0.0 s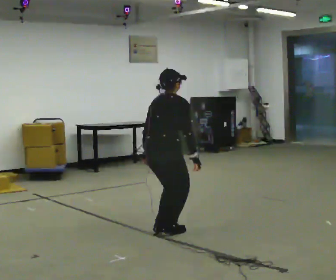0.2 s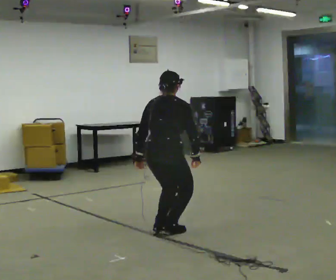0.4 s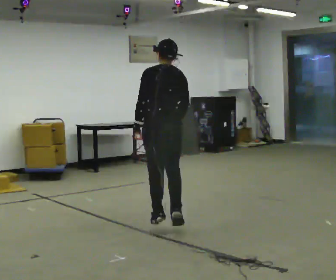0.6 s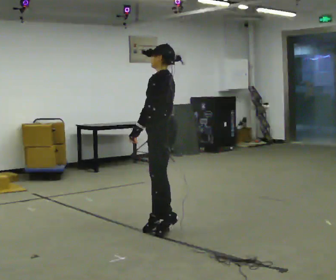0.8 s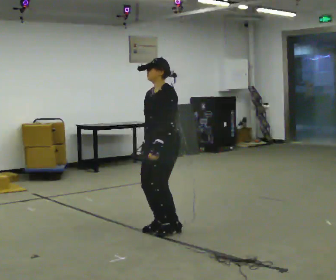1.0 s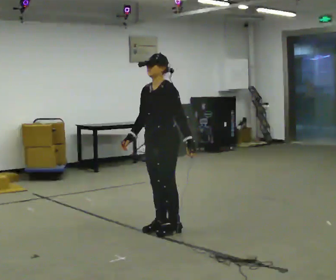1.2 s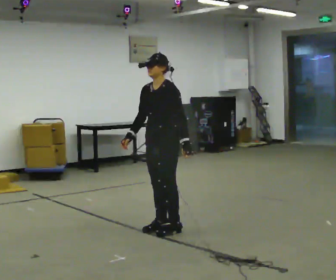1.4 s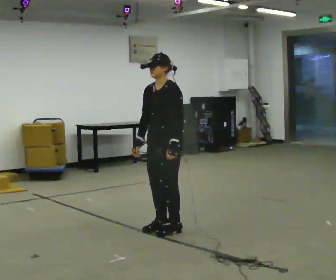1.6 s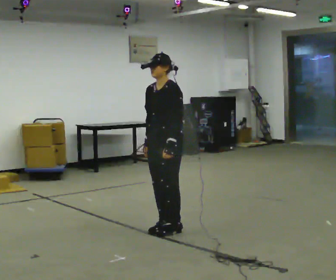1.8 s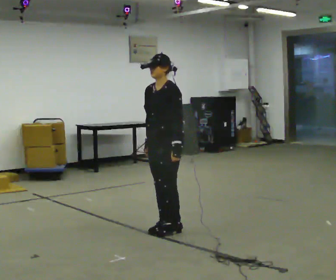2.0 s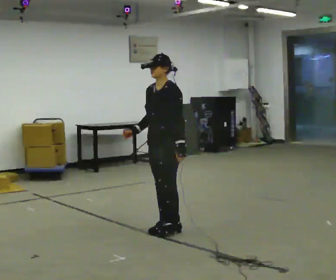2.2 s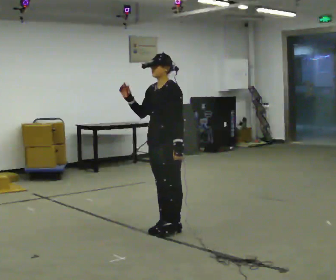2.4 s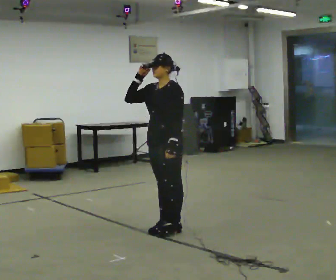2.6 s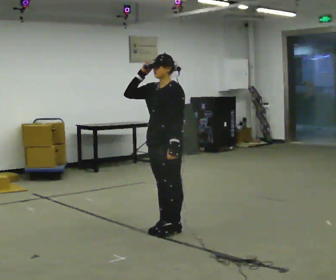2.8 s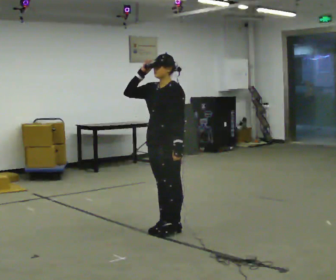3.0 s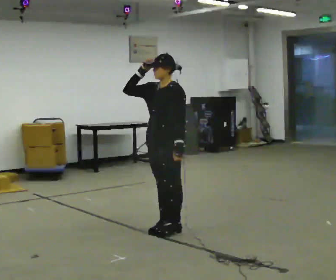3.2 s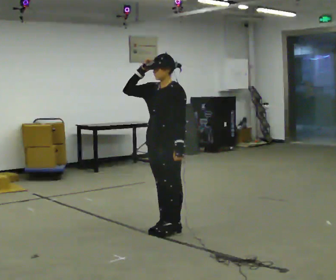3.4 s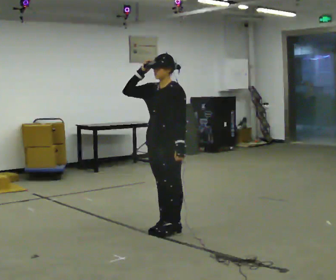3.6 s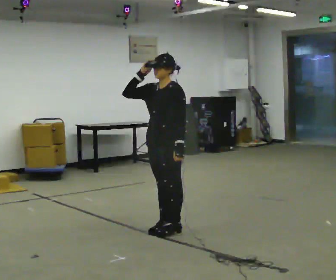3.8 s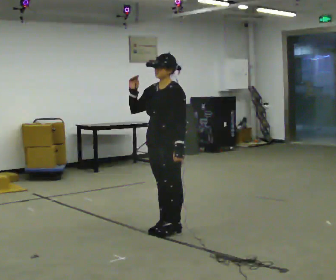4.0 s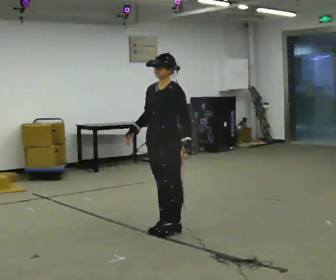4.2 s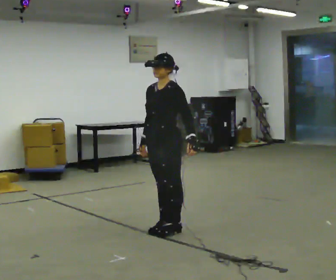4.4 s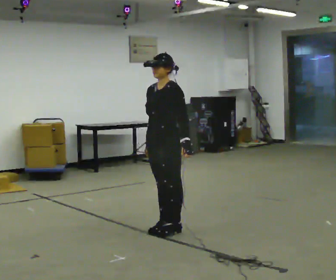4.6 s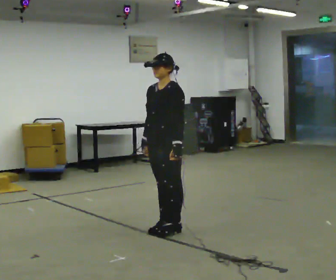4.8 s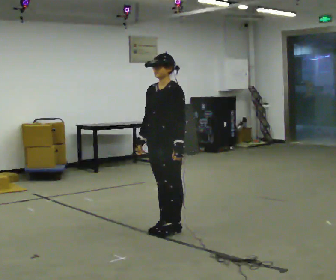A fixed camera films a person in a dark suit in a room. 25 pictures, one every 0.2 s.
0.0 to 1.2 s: The person turns about 165 degrees to their left, counterclockwise seen from above, so the part of the body nearest the lens slides to the right. In the picture the upper body tilts counterclockwise, shoulders to the left. In the picture their right hand goes to the left, the arm swinging clockwise.
1.2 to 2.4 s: In the picture their right hand goes upward.
2.4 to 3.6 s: The person moves a little, or ends about where they began.
3.6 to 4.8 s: In the picture their right hand goes downward.
The film runs forward here.
